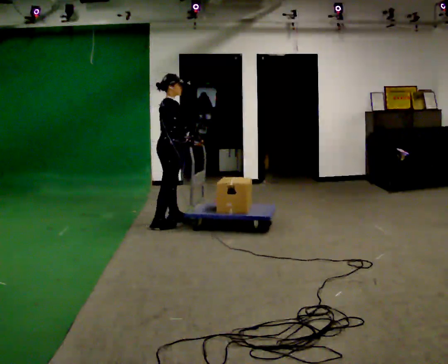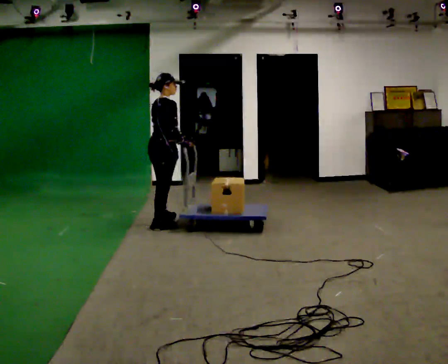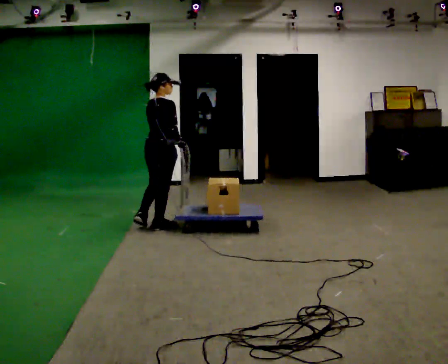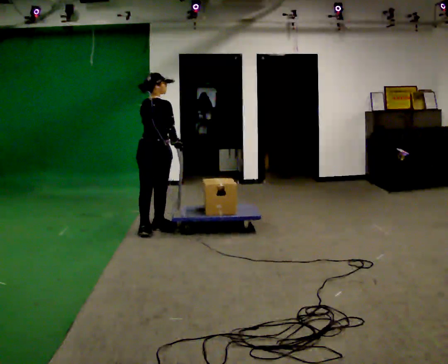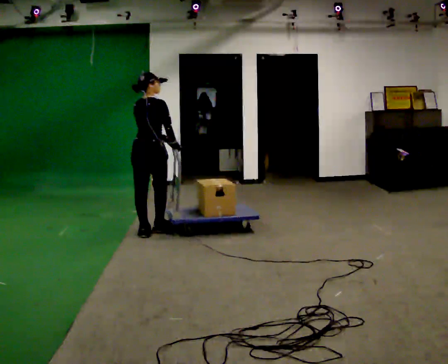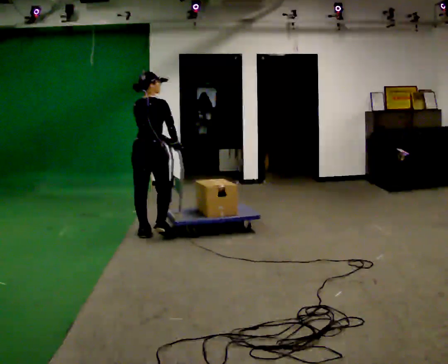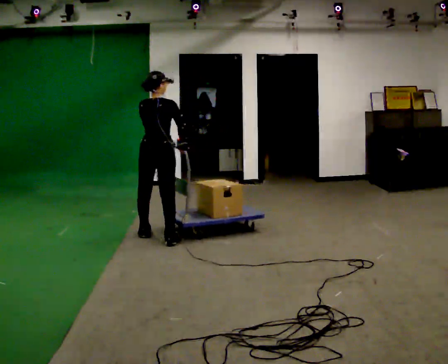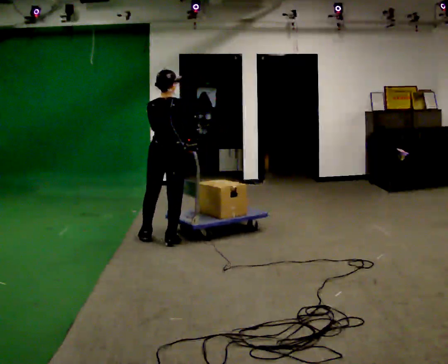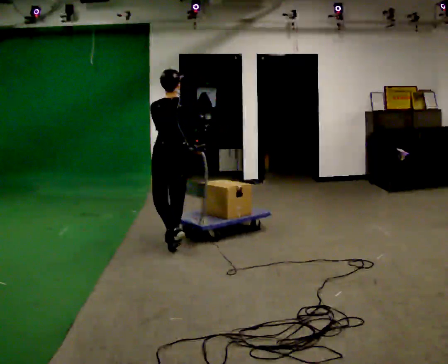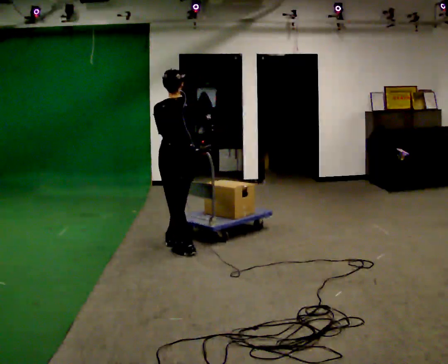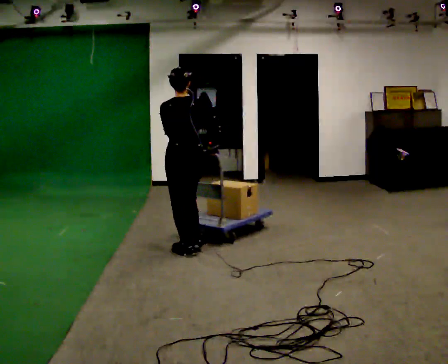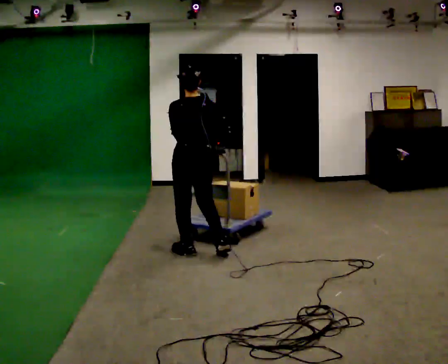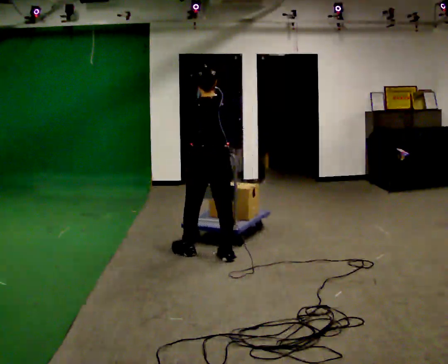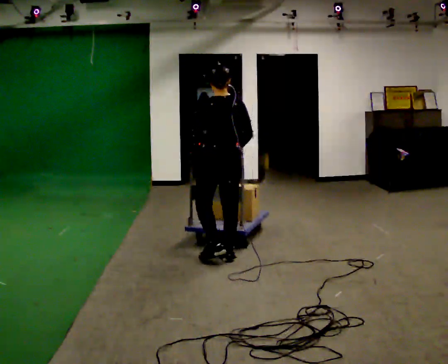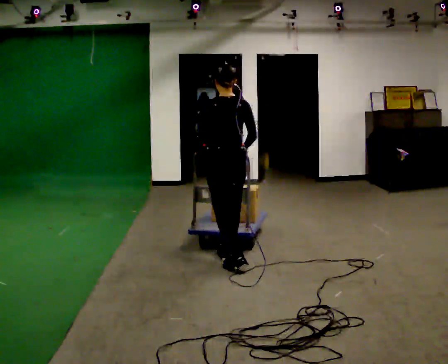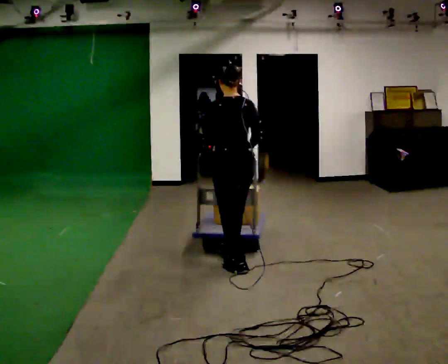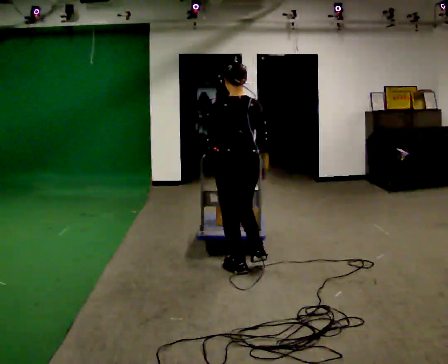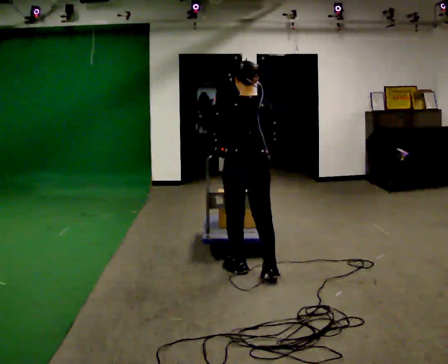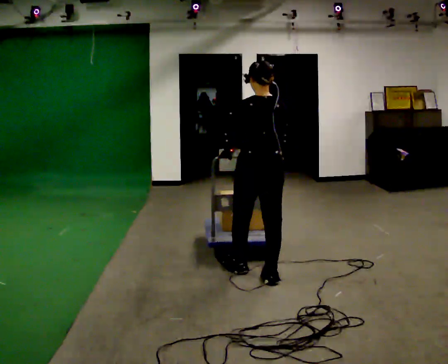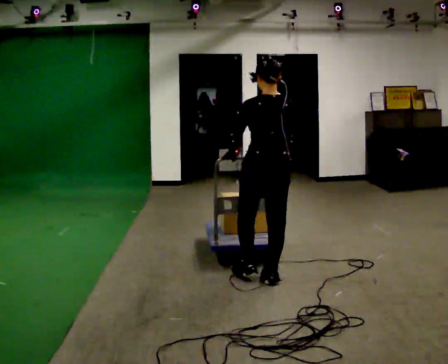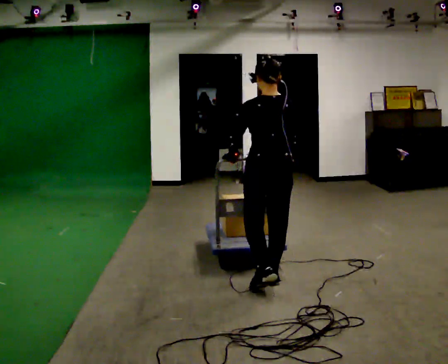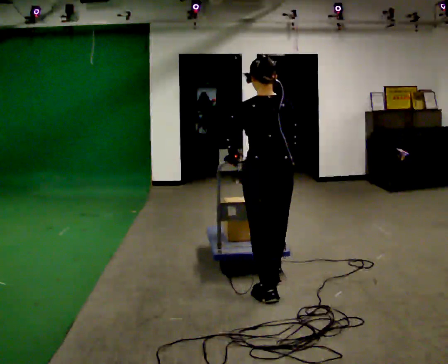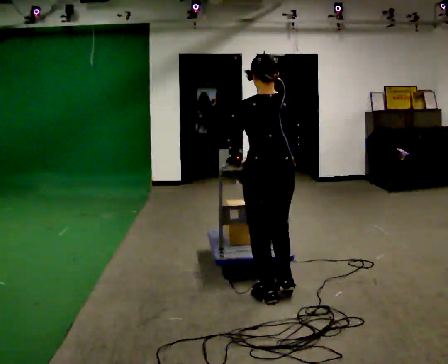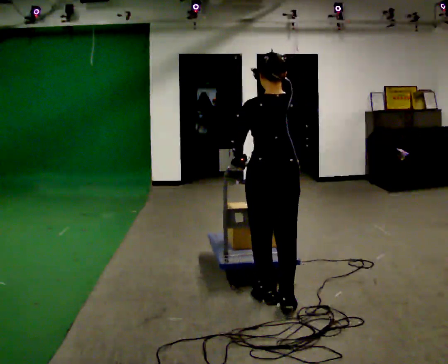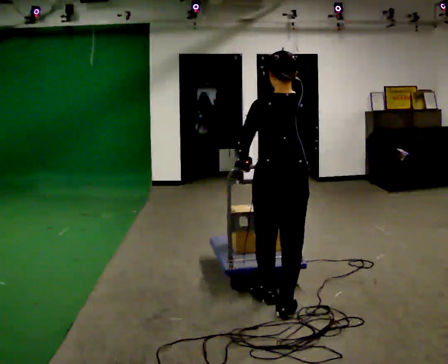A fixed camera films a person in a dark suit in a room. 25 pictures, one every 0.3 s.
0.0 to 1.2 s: The part of the body nearest the lens slides to the right as the person turns to their left by about 45 degrees. In the picture they go toward the camera and to the left, about 0.5 m in 2 steps, which for them is backward.
1.2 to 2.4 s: The person turns about 30 degrees to their left, counterclockwise seen from above, so the part of the body nearest the lens slides to the right. In the picture they go toward the camera and to the right, about 0.5 m in 1 step, which for them is backward and to their right.
2.4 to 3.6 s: In the picture they go toward the camera and to the right, about 0.5 m in 1 step, which for them is backward.
3.6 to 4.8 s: In the picture they go toward the camera and to the right, about 0.5 m in 2 steps, which for them is backward.
4.8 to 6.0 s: In the picture they go toward the camera and to the right, about 0.25 m in 1 step, which for them is backward.
6.0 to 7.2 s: In the picture they go toward the camera, about 0.5 m in 1 step, which for them is backward.
The film runs backward here.
